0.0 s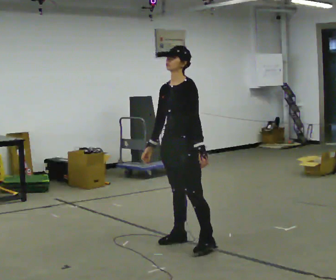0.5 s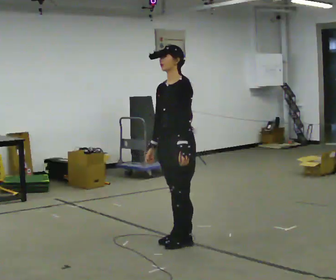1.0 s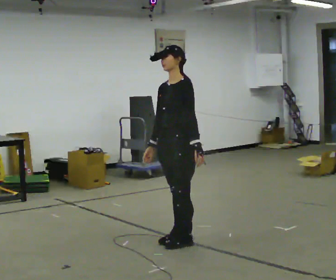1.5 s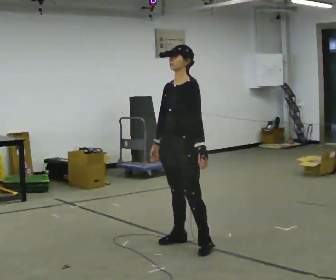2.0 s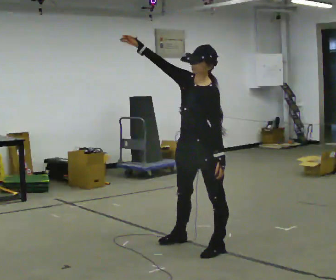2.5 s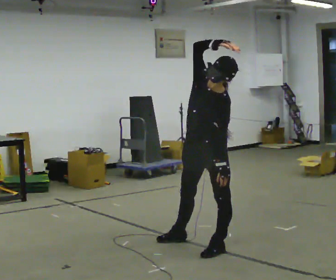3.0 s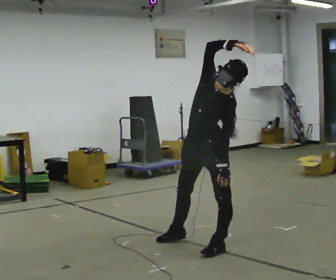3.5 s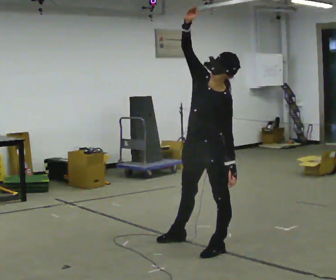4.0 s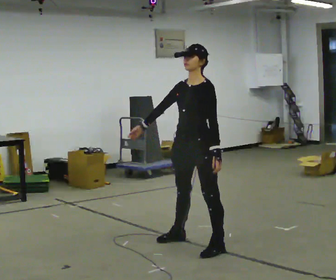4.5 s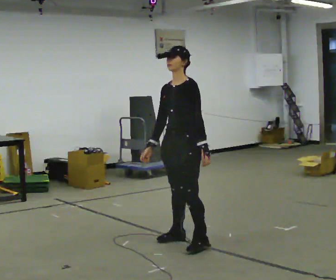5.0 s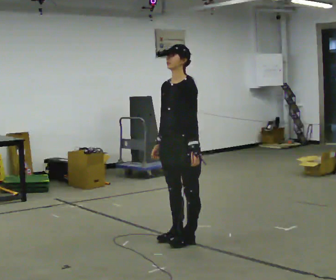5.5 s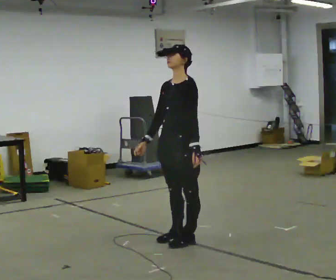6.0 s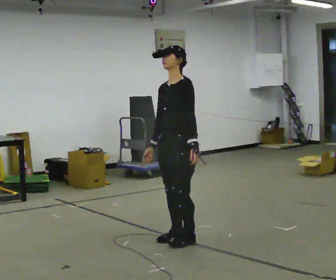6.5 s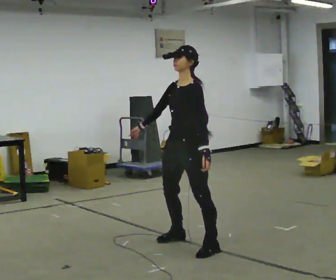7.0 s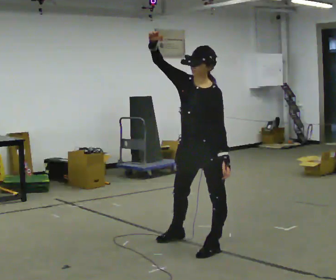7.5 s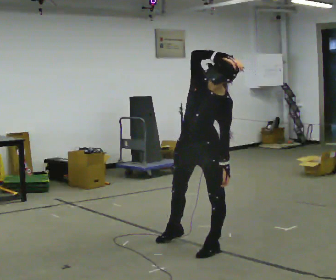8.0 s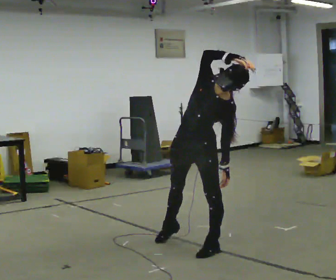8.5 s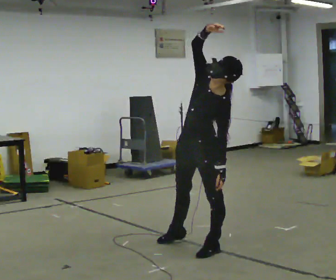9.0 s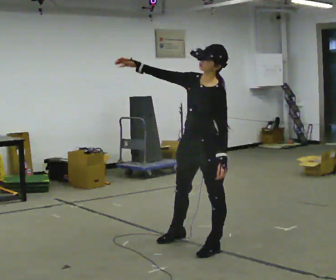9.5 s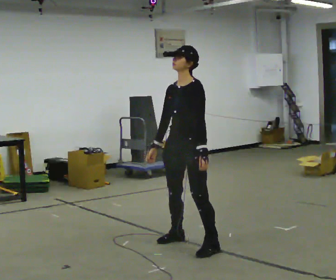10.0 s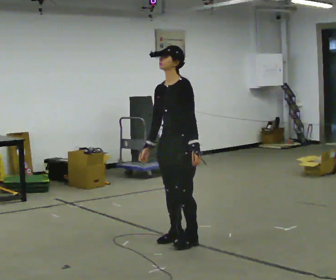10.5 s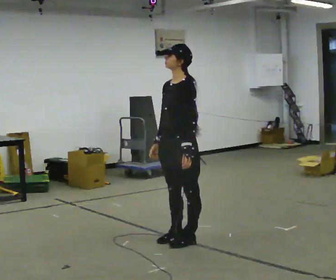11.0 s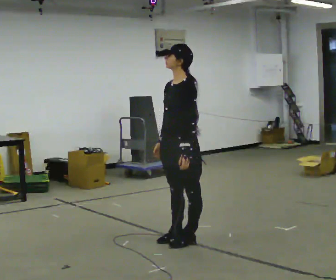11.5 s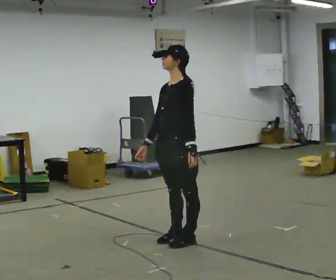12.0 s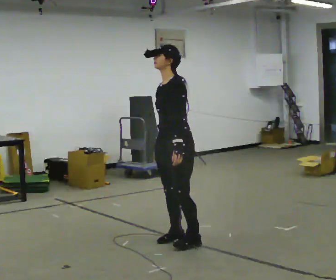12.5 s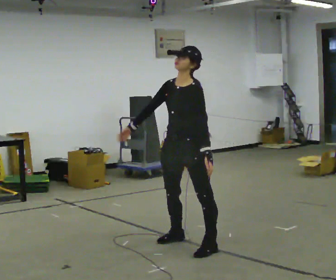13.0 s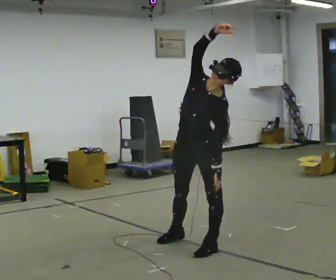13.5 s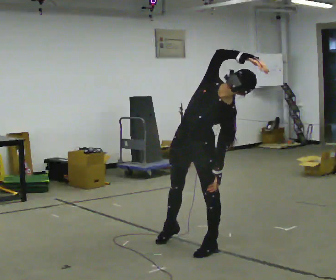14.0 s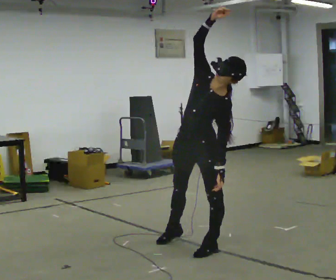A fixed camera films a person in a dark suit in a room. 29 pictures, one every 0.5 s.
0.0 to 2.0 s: In the picture they go toward the camera, about 0.25 m in 1 step, which for them is to their left. In the picture their right hand goes upward, the arm swinging clockwise.
2.0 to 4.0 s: In the picture their right hand goes downward.
4.0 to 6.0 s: In the picture they go away from the camera and to the left, about 0.25 m in 1 step, which for them is to their right. In the picture their right hand goes downward.
6.0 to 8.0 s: Seen from above the body turns counterclockwise, about 30 degrees: to their left, with its near side sliding to the right. In the picture they go toward the camera, about 0.25 m in 1 step, which for them is to their left. The upper body tips toward the camera, its near side rolling downward. In the picture their right hand goes upward.
8.0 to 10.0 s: In the picture they go away from the camera, about 0.25 m in 1 step, which for them is to their right. In the picture the upper body tilts counterclockwise, shoulders to the left. In the picture their right hand goes downward.
10.0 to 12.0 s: The person moves a little, or ends about where they began.
12.0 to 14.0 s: In the picture they go toward the camera and to the right, about 0.25 m, which for them is to their left. In the picture their right hand goes upward.
The film runs backward here.
